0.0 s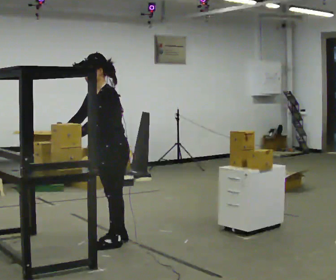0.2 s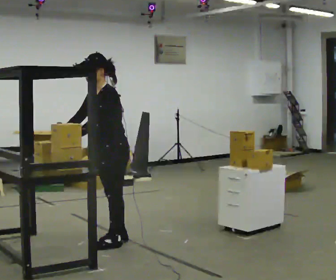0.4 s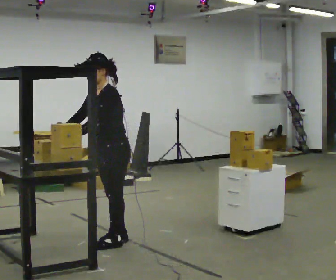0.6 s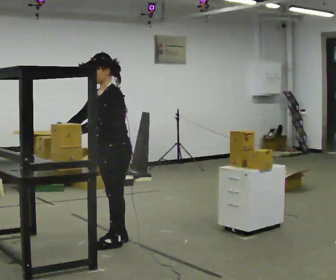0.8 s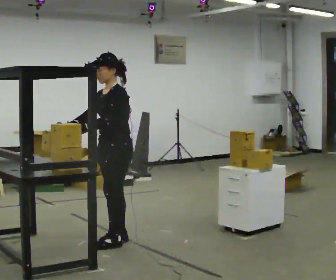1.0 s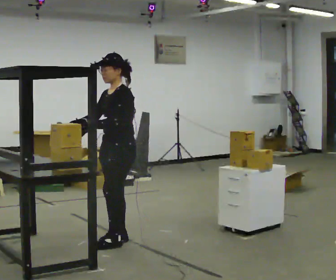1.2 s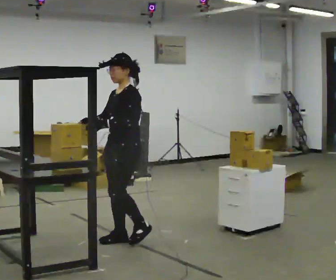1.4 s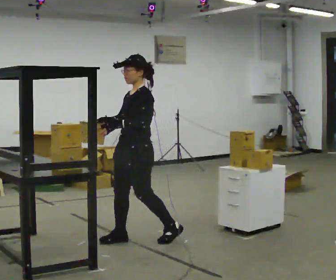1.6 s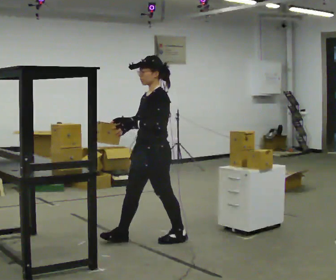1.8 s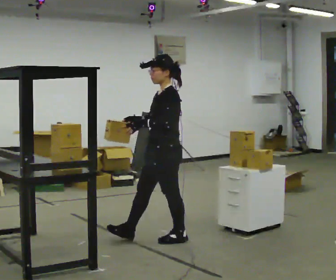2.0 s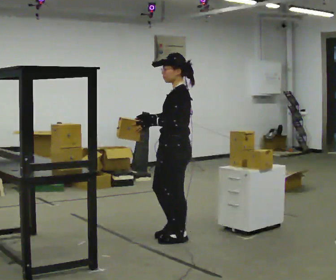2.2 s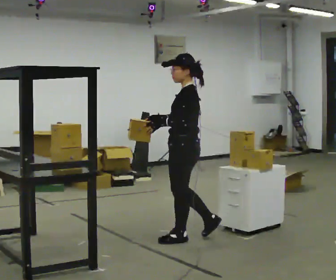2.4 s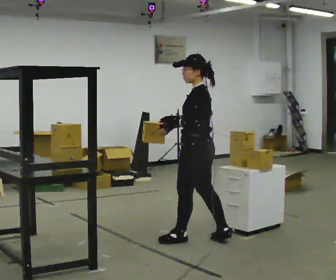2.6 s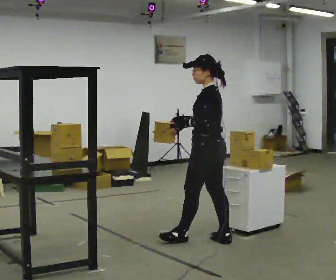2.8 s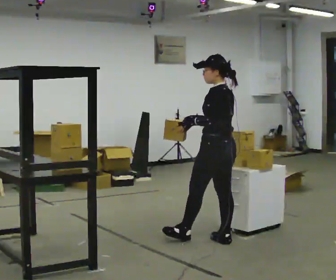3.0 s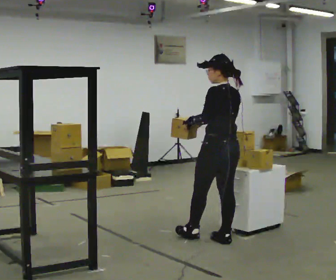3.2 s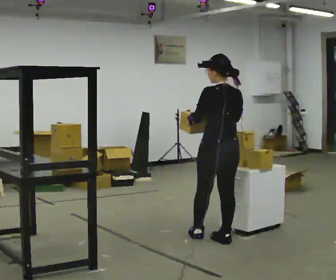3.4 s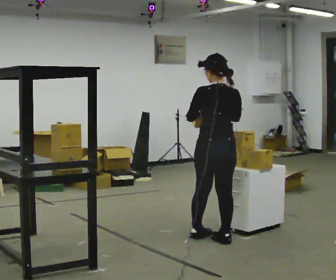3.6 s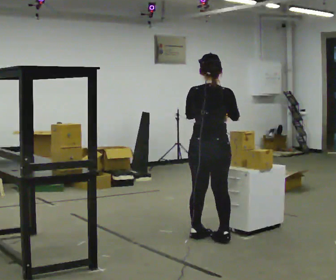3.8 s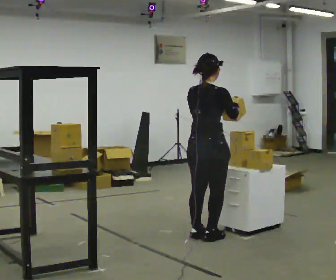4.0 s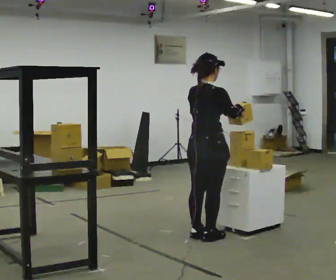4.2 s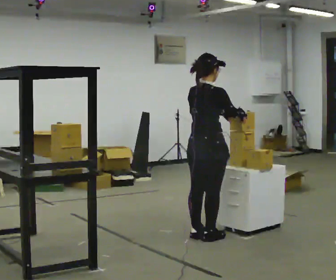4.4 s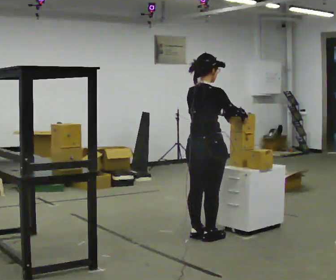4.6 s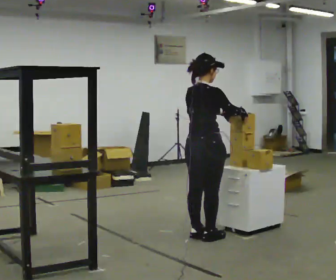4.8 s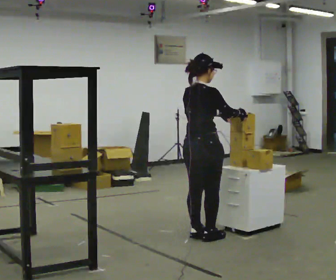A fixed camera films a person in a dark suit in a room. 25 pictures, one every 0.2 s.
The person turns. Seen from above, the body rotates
clockwise.
The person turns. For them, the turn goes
to their right.
0.0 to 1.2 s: The person moves a little, or ends about where they began.
1.2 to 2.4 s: The part of the body nearest the lens slides to the left as the person turns to their right by about 45 degrees. In the picture they go to the right, about 0.5 m in 1 step, which for them is backward.
2.4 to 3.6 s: The part of the body nearest the lens slides to the left as the person turns to their right by about 90 degrees.
3.6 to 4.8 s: The person turns about 45 degrees to their right, clockwise seen from above, so the part of the body nearest the lens slides to the left.
The film runs backward here.
